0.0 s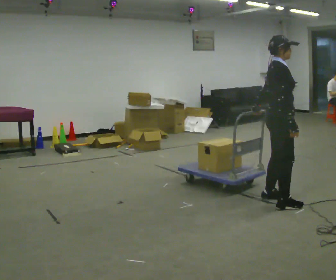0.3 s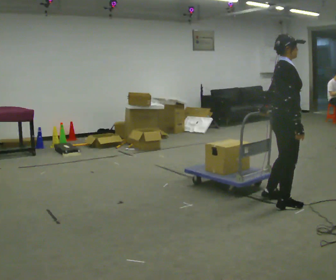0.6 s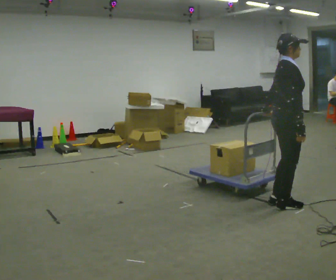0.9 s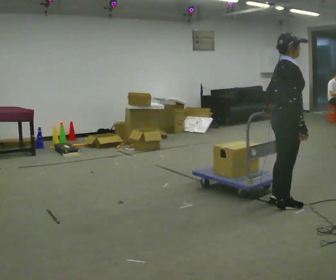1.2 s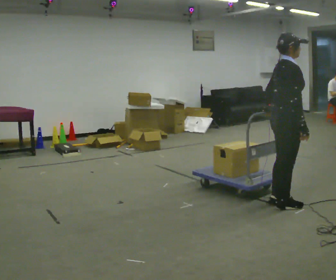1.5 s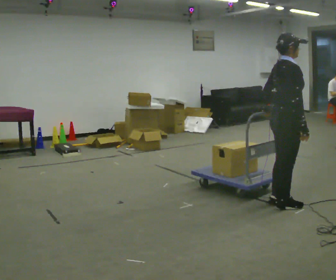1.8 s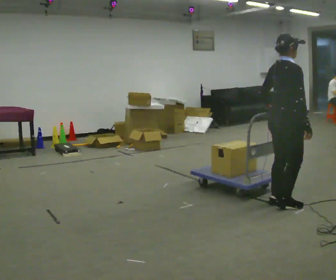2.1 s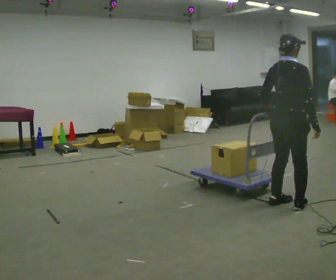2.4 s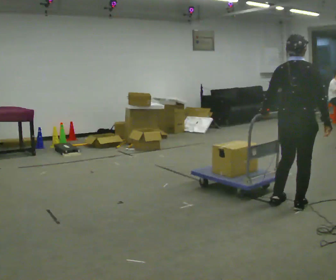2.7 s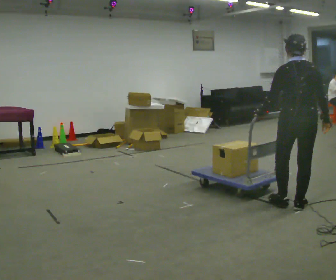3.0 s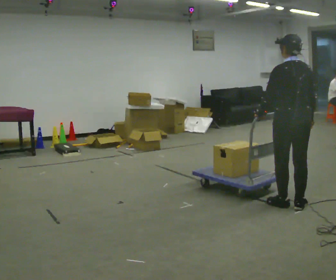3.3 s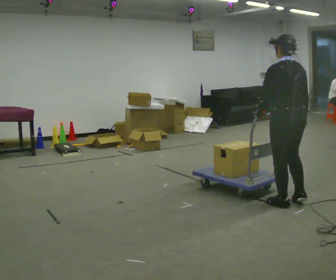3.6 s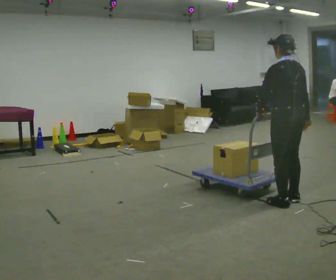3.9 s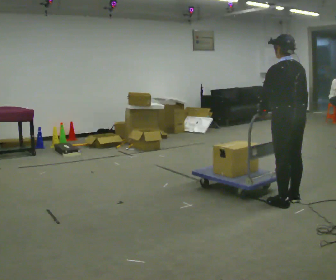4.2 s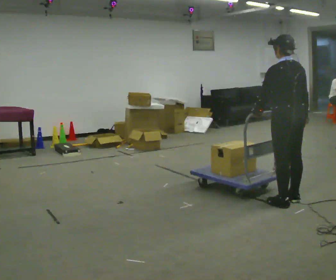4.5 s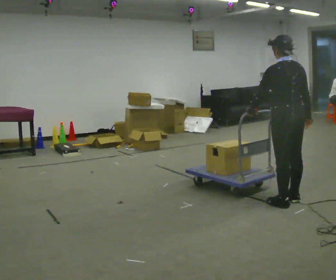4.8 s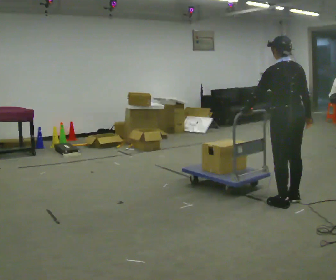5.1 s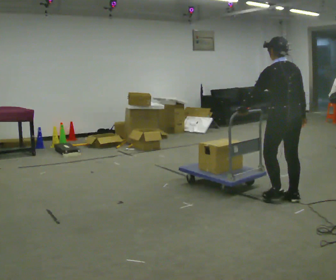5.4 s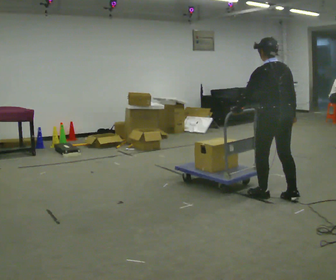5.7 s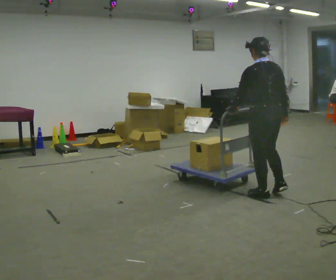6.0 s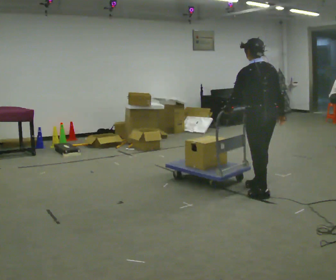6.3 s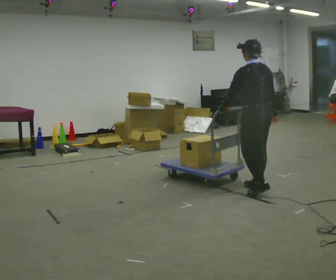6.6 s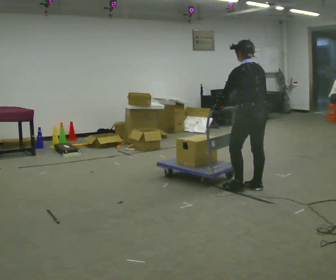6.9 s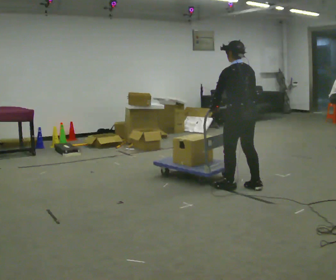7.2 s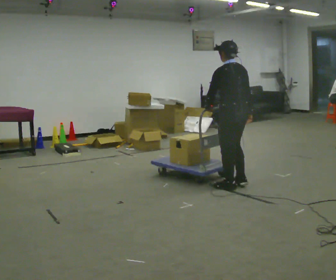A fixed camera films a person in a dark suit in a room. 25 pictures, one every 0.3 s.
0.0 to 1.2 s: The person moves a little, or ends about where they began.
1.2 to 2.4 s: The person turns about 60 degrees to their left, counterclockwise seen from above, so the part of the body nearest the lens slides to the right.
2.4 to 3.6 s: The person turns about 60 degrees to their left, counterclockwise seen from above, so the part of the body nearest the lens slides to the right.
3.6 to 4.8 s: The person moves a little, or ends about where they began.
4.8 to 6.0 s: In the picture they go to the left, about 0.25 m in 2 steps, which for them is forward and to their left.
6.0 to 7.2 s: In the picture they go to the left and away from the camera, about 0.25 m in 1 step, which for them is forward.
The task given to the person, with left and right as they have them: Push the cart across the room using only the hand the operator calls. Keep your other arm at your side.
The film runs forward here.
